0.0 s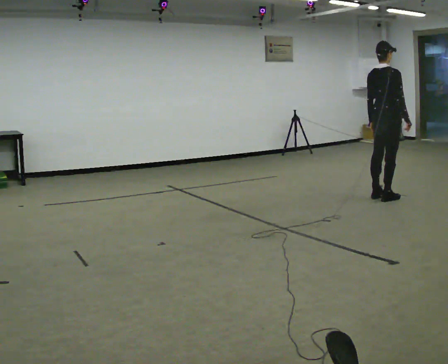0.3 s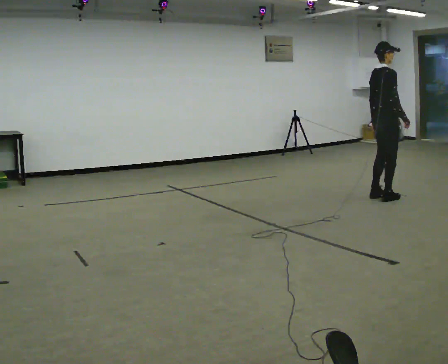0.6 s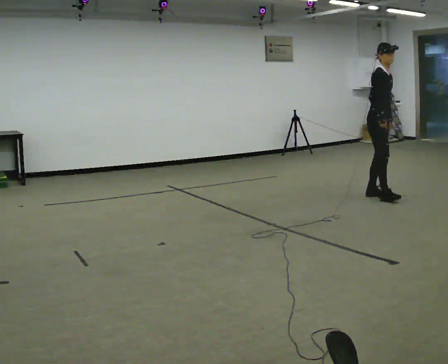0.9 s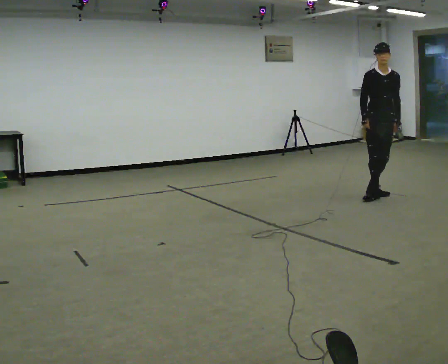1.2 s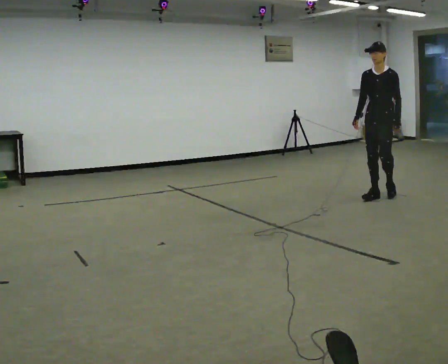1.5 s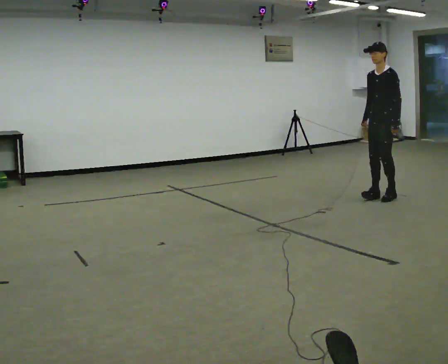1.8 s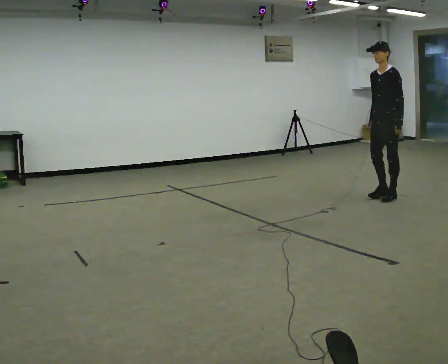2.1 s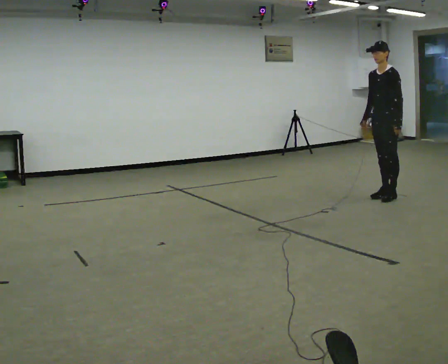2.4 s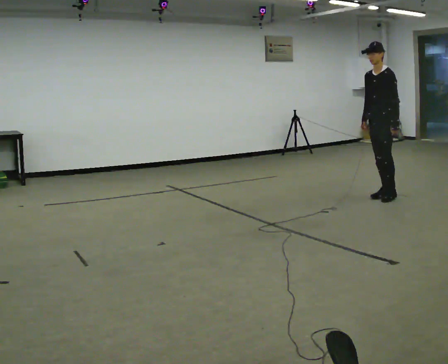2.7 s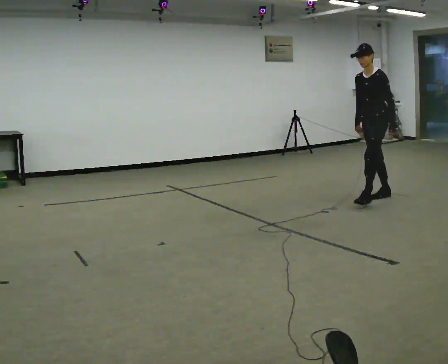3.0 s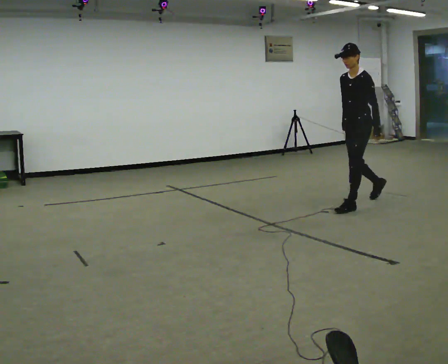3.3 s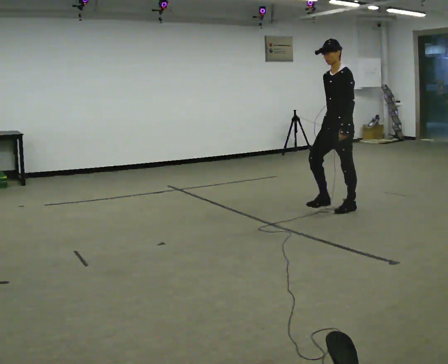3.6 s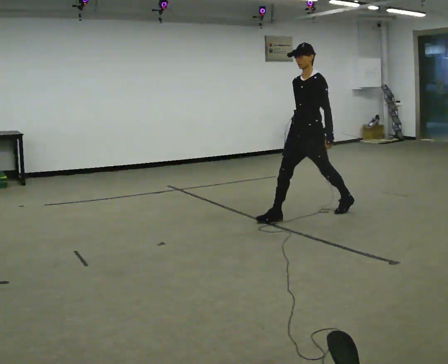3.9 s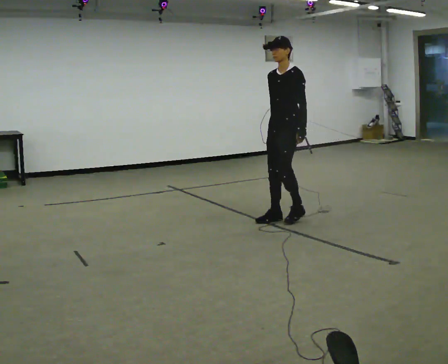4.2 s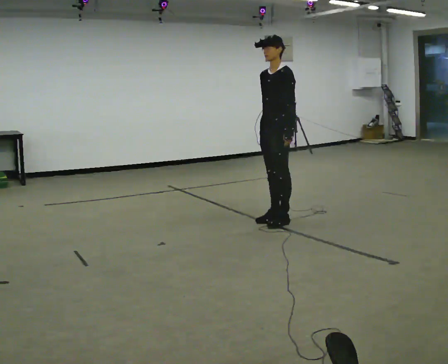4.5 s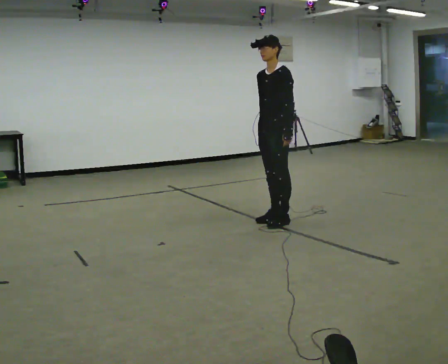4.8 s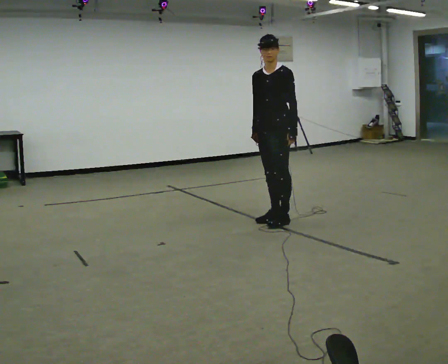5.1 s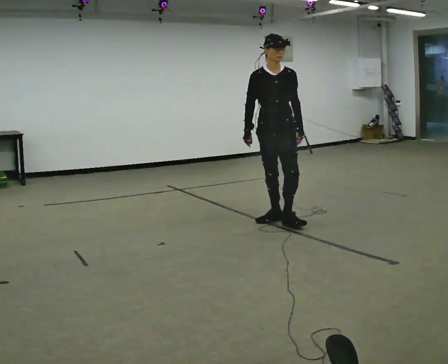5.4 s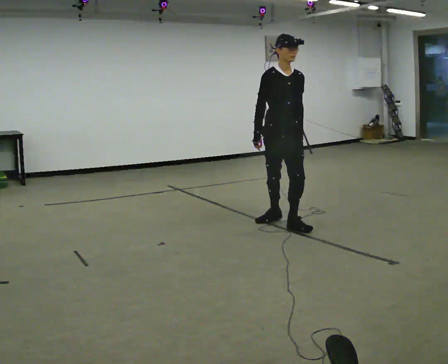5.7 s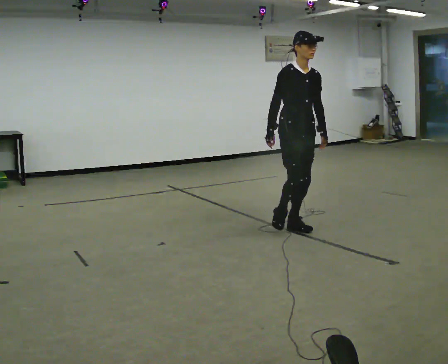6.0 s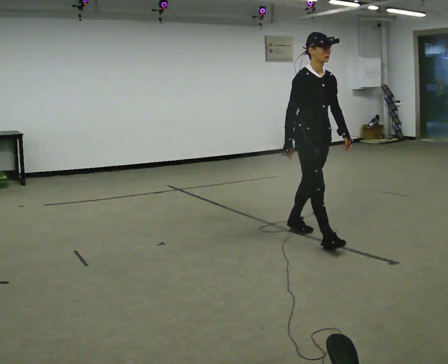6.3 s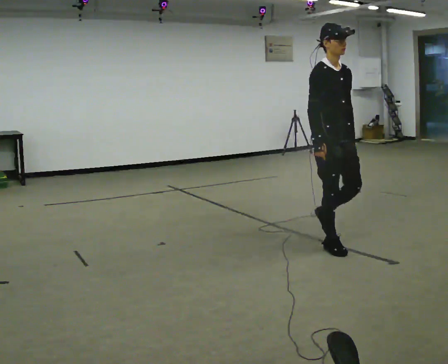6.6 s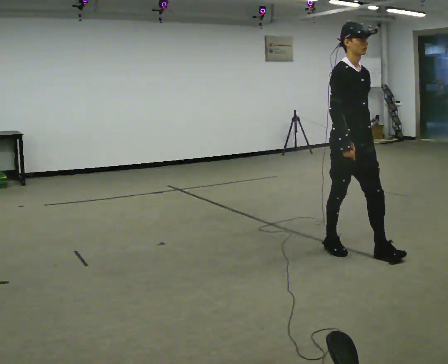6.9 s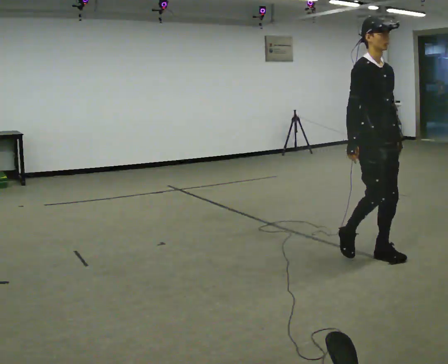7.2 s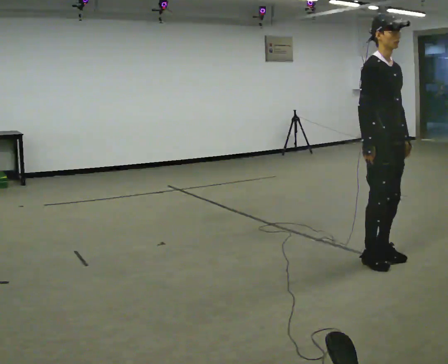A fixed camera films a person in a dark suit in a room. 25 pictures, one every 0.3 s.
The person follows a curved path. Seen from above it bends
counterclockwise.
The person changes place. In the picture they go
toward the camera.
0.0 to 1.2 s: The person turns about 165 degrees to their right, clockwise seen from above, so the part of the body nearest the lens slides to the left. In the picture their right hand goes to the left, the arm swinging clockwise.
1.2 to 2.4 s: The person moves a little, or ends about where they began.
2.4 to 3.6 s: In the picture they go to the left and toward the camera, about 1 m in 2 steps, which for them is forward.
3.6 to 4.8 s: In the picture they go to the left and toward the camera, about 0.5 m in 1 step, which for them is forward.
4.8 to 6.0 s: The person turns about 75 degrees to their left, counterclockwise seen from above, so the part of the body nearest the lens slides to the right. In the picture they go toward the camera and to the right, about 0.75 m in 1 step.
6.0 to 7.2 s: In the picture they go toward the camera and to the right, about 1 m in 3 steps, which for them is forward.
The film runs forward here.
